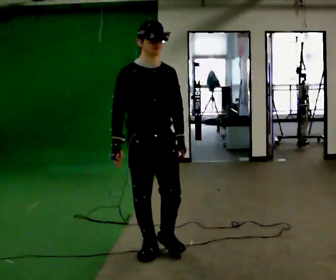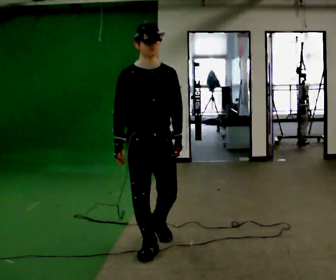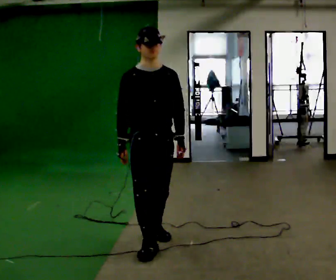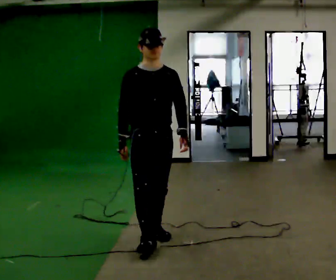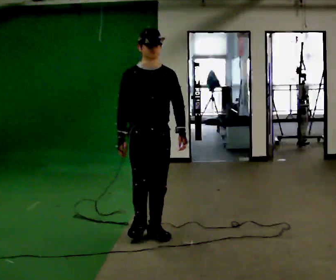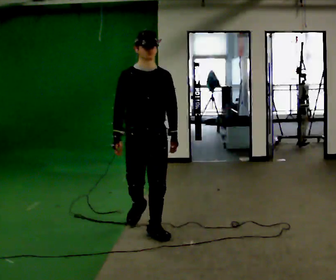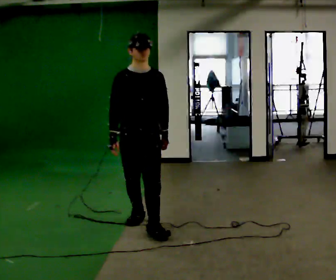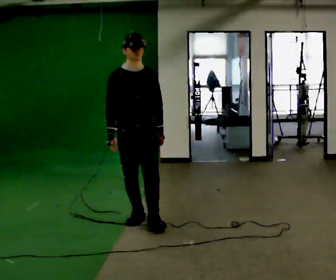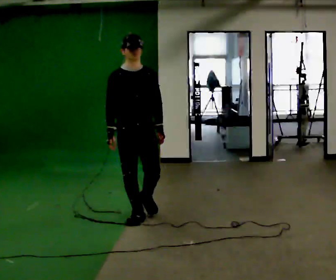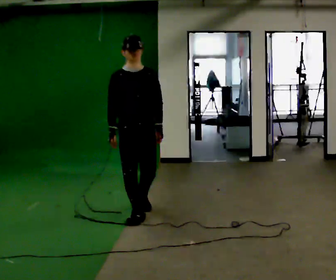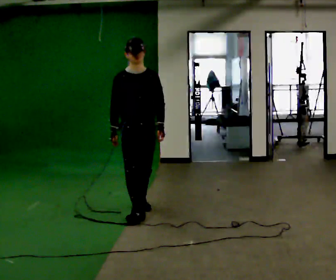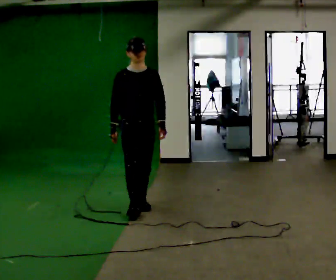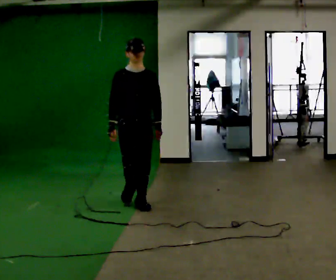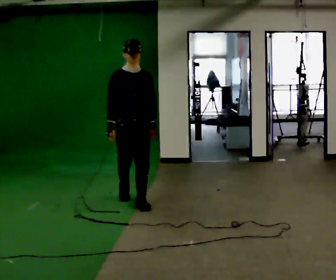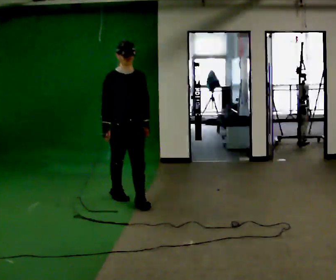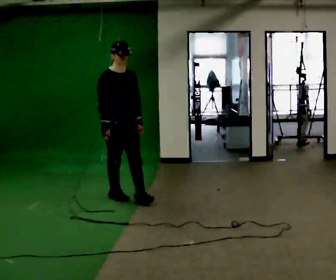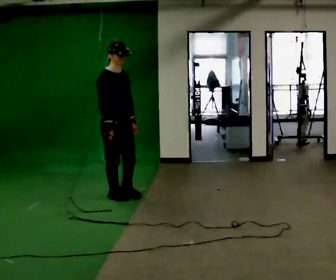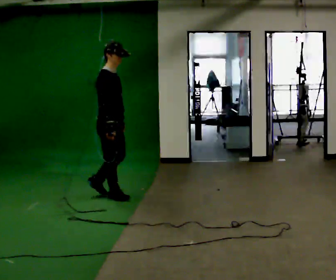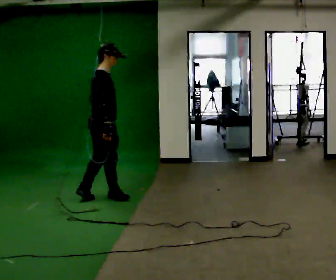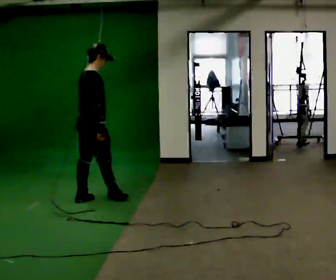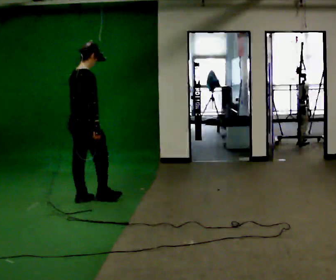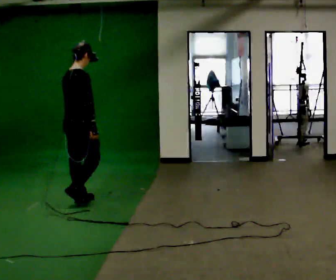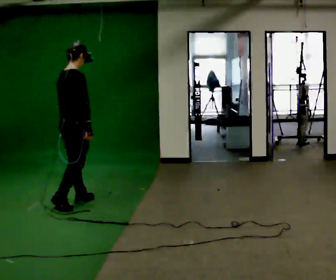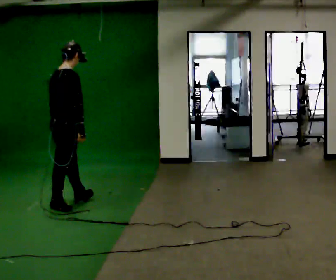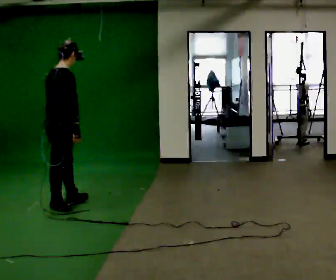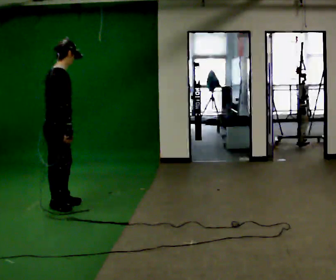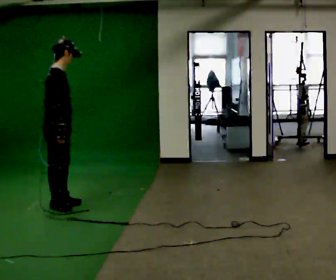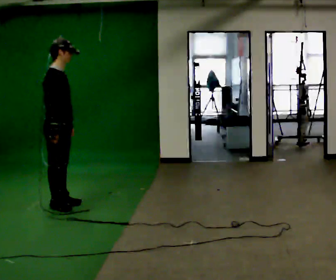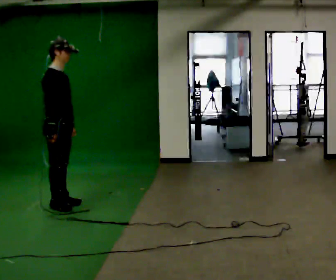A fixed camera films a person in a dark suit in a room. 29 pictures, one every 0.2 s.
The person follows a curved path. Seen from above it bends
counterclockwise.
0.0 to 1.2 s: In the picture they go away from the camera, about 0.75 m in 1 step, which for them is backward.
1.2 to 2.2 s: In the picture they go away from the camera, about 0.75 m in 2 steps, which for them is backward.
2.2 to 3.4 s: The part of the body nearest the lens slides to the right as the person turns to their left by about 60 degrees. In the picture they go away from the camera and to the left, about 0.5 m in 1 step.
3.4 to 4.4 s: The person turns about 45 degrees to their left, counterclockwise seen from above, so the part of the body nearest the lens slides to the right. In the picture they go to the left and toward the camera, about 0.5 m in 1 step, which for them is backward.
4.4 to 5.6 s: Seen from above the body turns clockwise, about 45 degrees: to their right, with its near side sliding to the left. In the picture they go toward the camera, about 0.25 m in 1 step, which for them is backward.
The film runs backward here.
